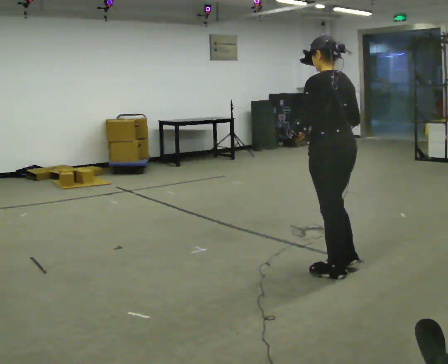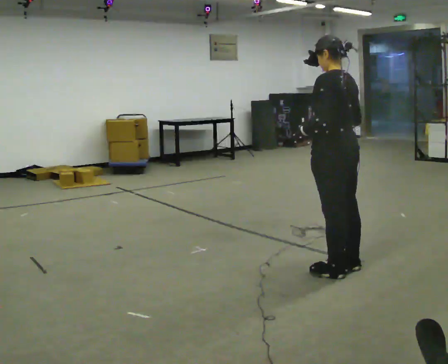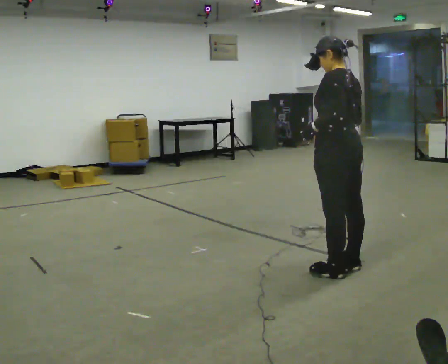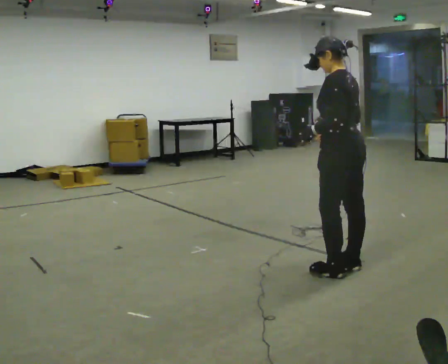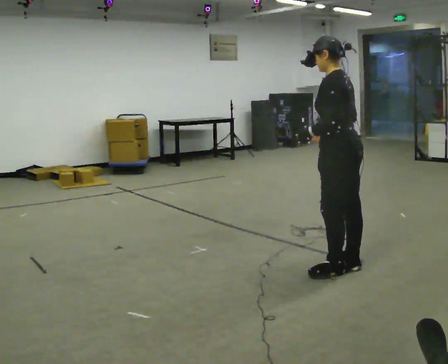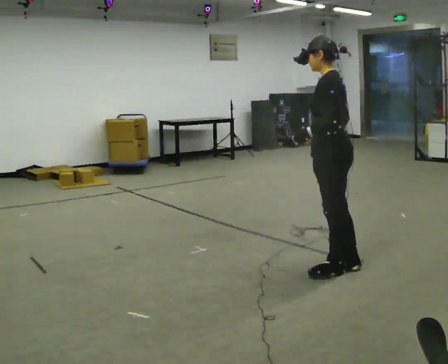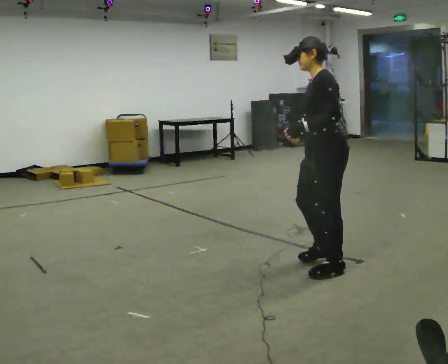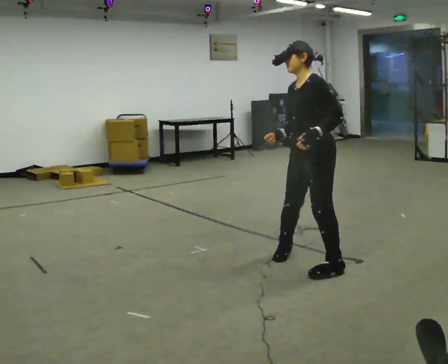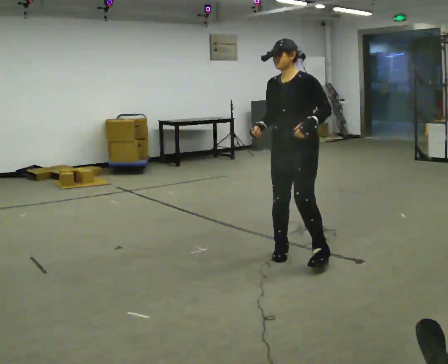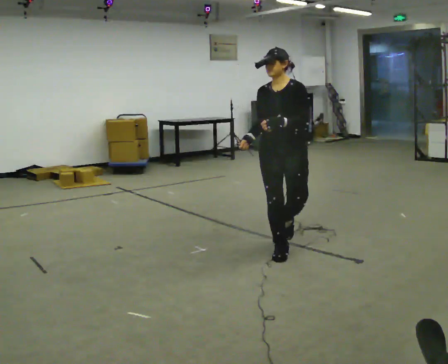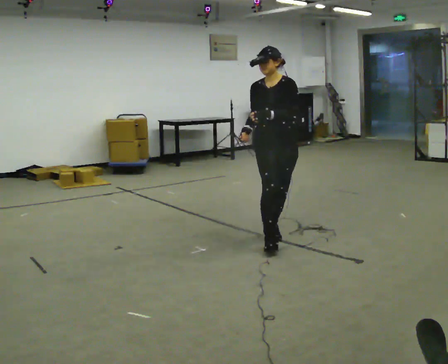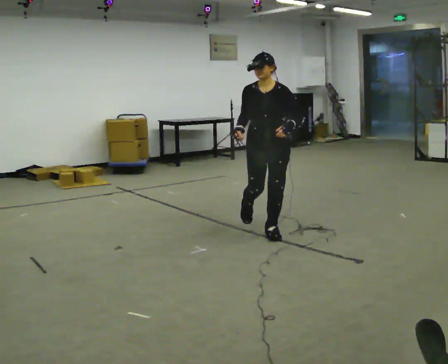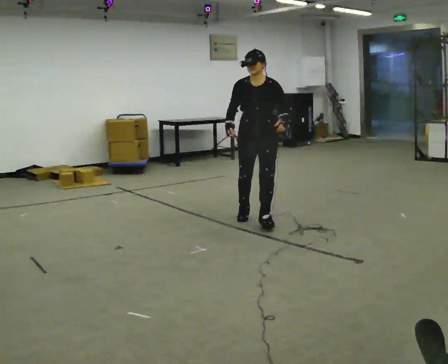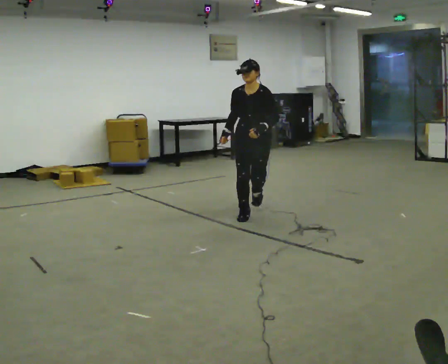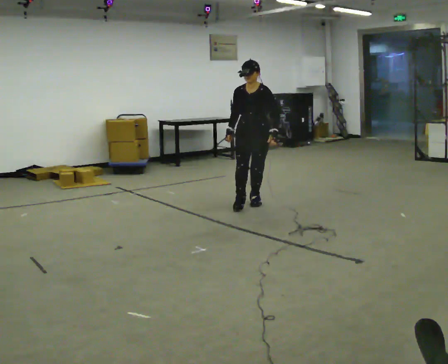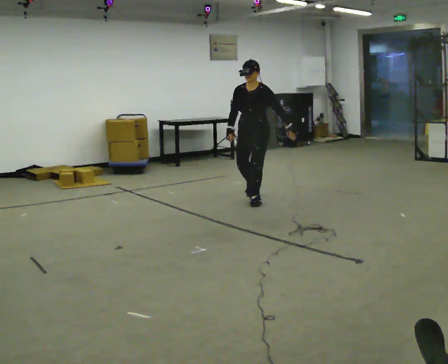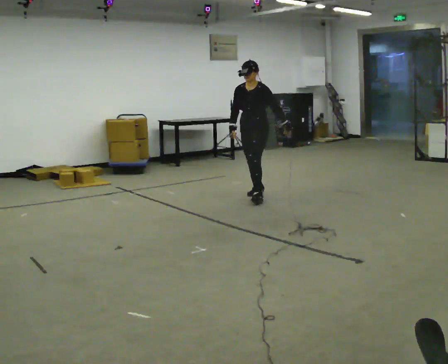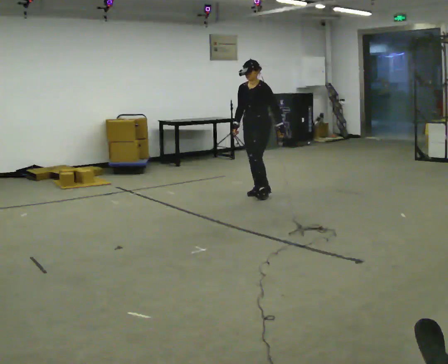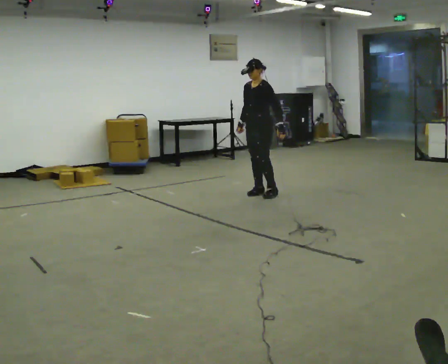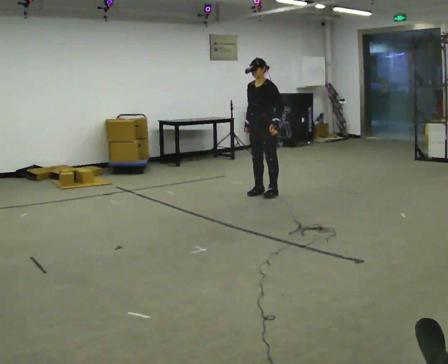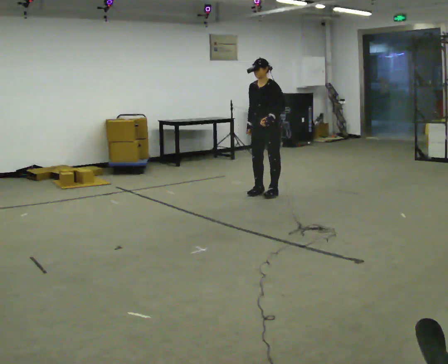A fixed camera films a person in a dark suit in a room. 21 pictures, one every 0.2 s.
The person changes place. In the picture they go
away from the camera.
0.0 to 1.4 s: The part of the body nearest the lens slides to the right as the person turns to their left by about 75 degrees.
1.4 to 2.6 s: The person turns about 60 degrees to their left, counterclockwise seen from above, so the part of the body nearest the lens slides to the right. In the picture they go away from the camera, about 1.5 m in 3 steps, which for them is backward and to their right.
2.6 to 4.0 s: The part of the body nearest the lens slides to the left as the person turns to their right by about 30 degrees. In the picture they go away from the camera, about 1 m in 2 steps, which for them is backward and to their right.
The film runs backward here.
